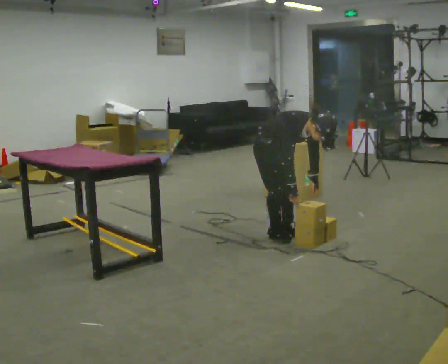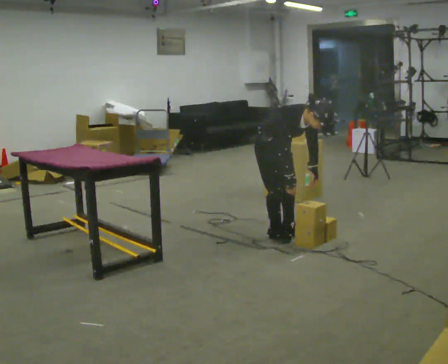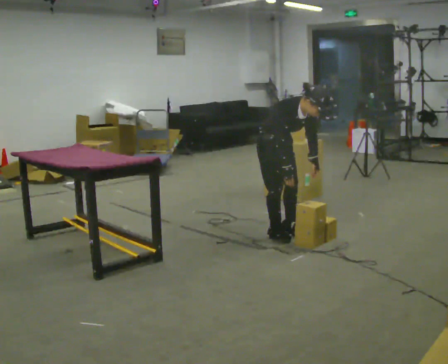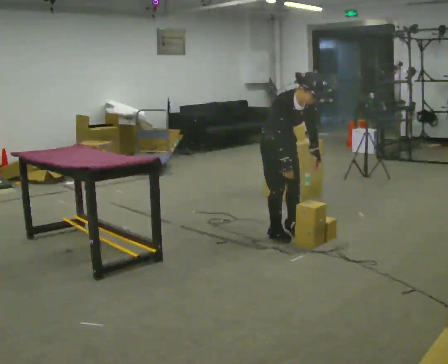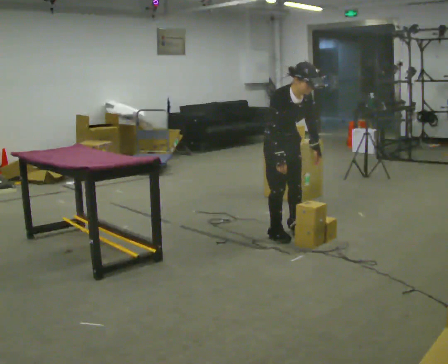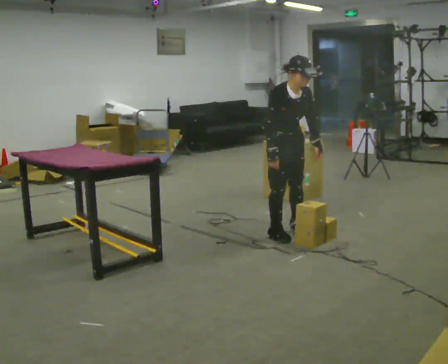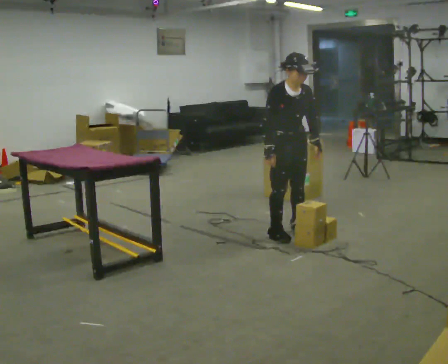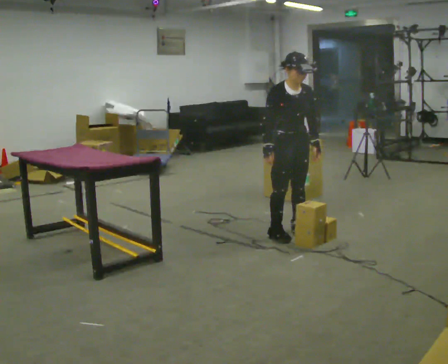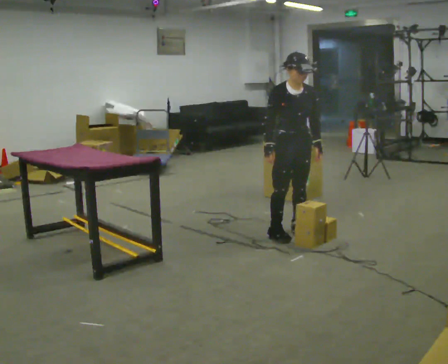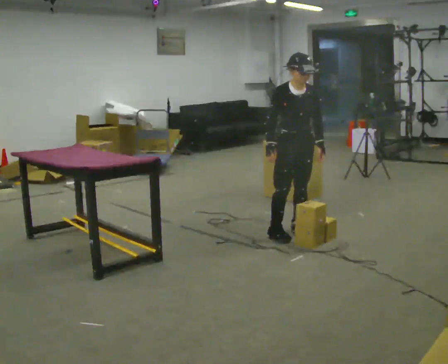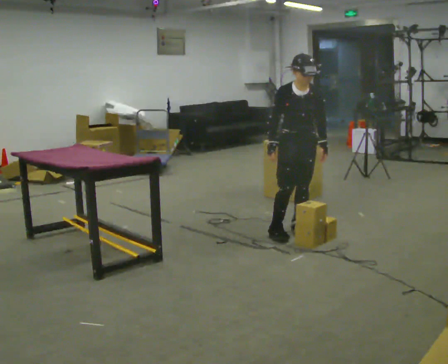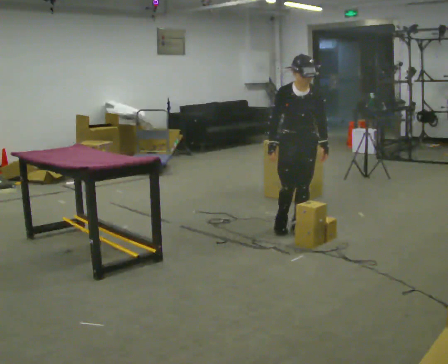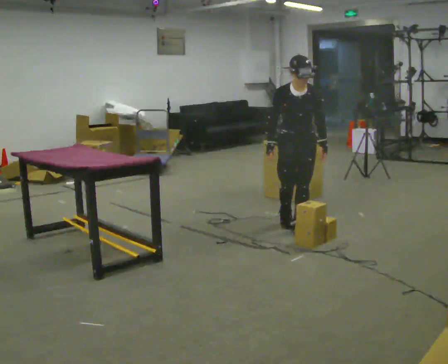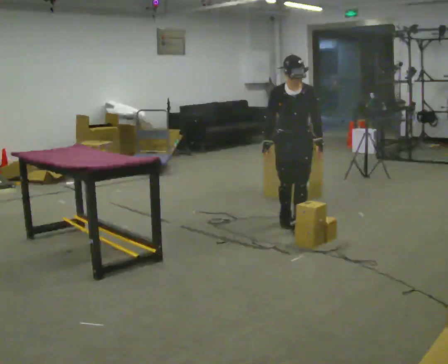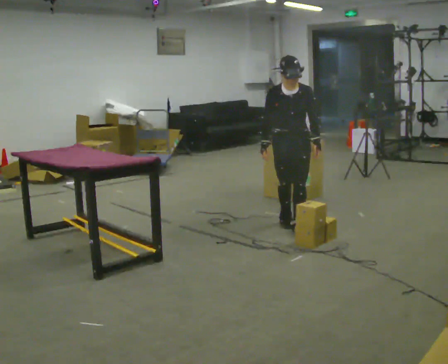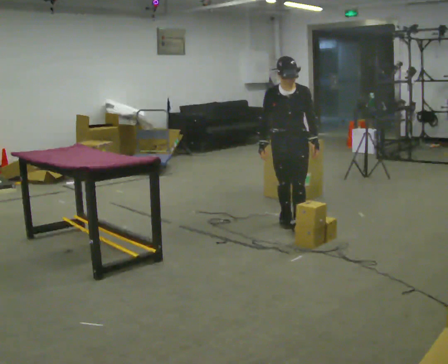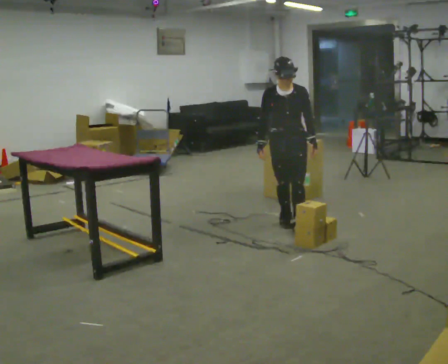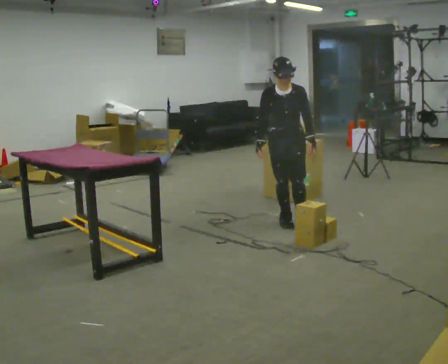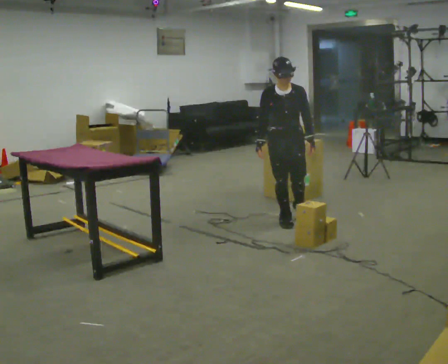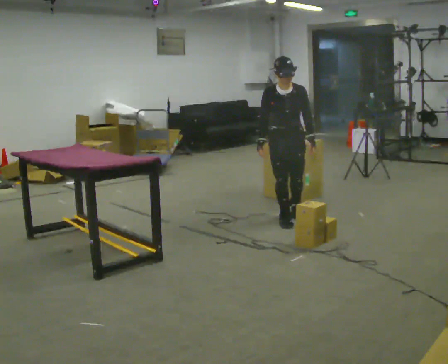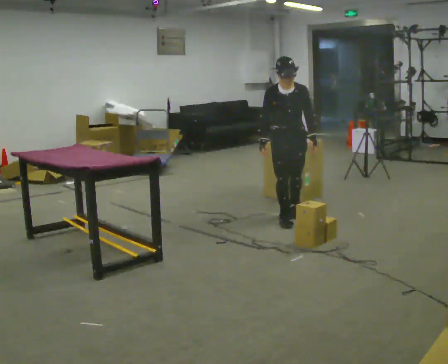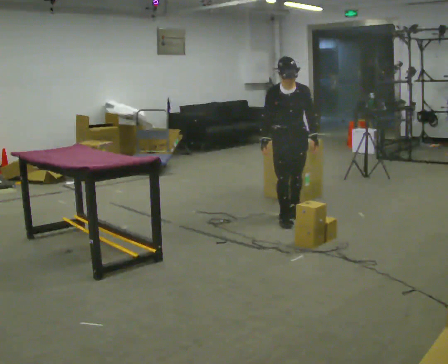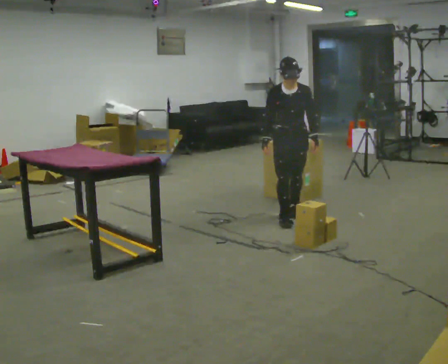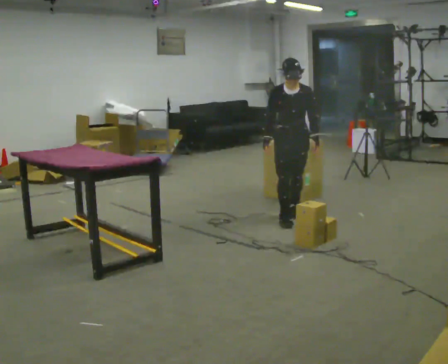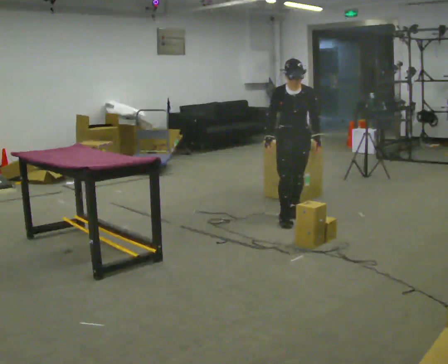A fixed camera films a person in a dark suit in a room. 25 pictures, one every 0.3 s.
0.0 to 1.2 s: The upper body goes upward. In the picture the upper body tilts counterclockwise, shoulders to the left, as they lean back or straighten.
1.2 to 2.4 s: The upper body tips away from the camera, its near side rolling upward, as they lean back or straighten.
2.4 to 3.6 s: The person moves a little, or ends about where they began.
3.6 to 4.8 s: In the picture they go away from the camera, about 0.25 m, which for them is backward.
4.8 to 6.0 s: The person moves a little, or ends about where they began.
6.0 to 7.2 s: In the picture they go away from the camera, about 0.25 m, which for them is backward.
The film runs backward here.
